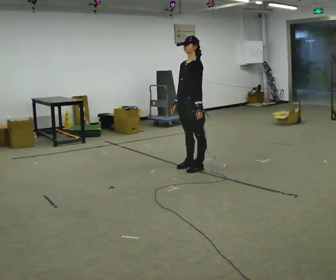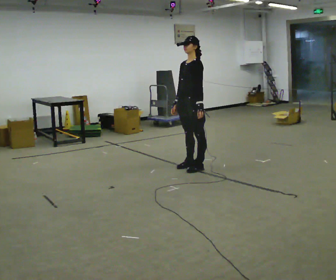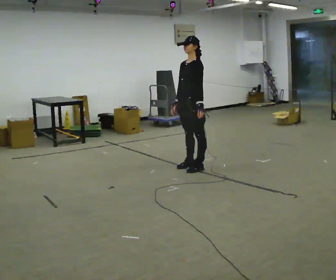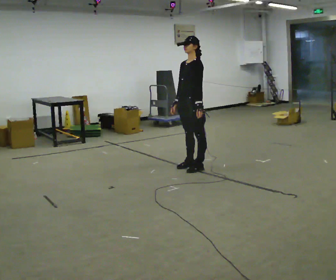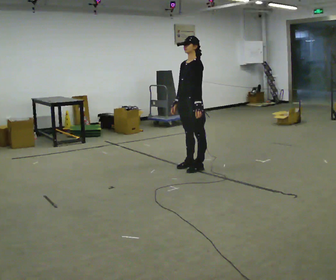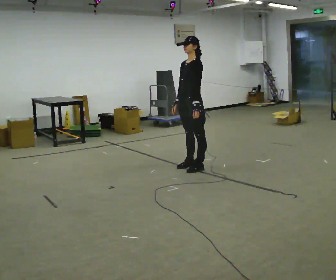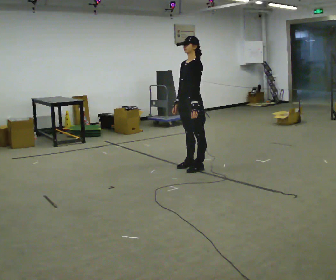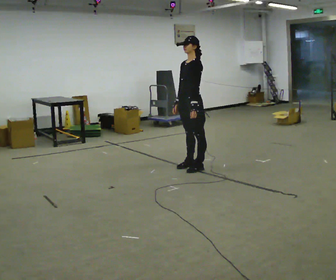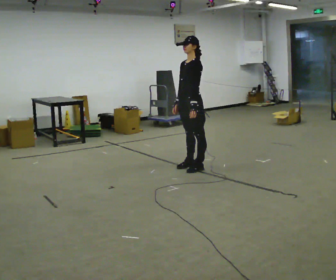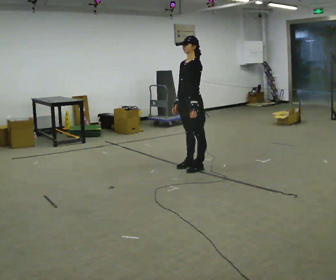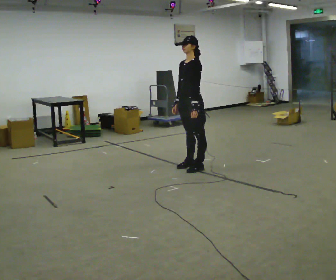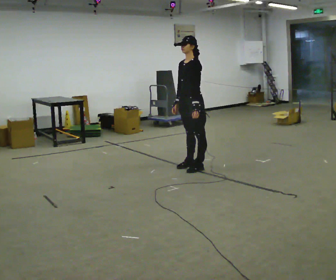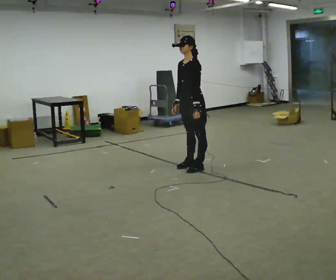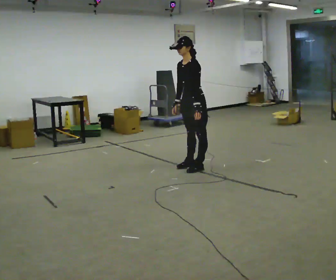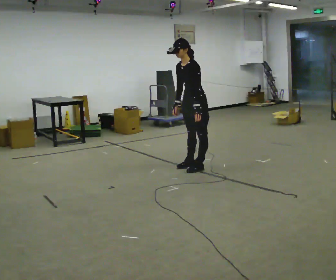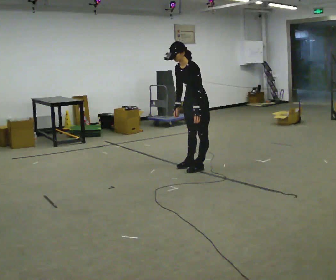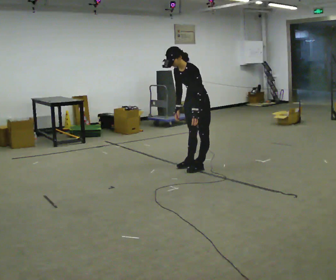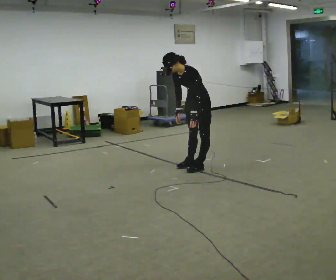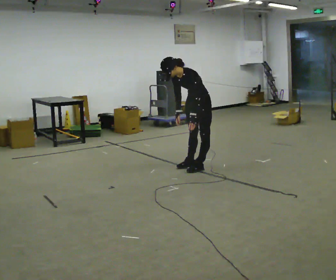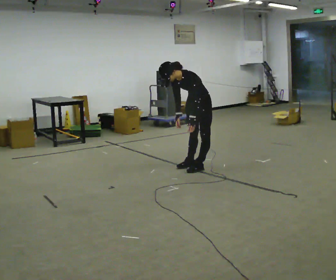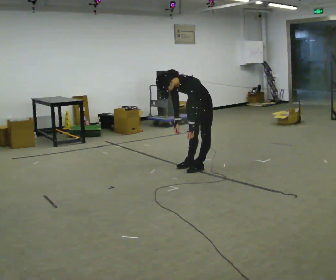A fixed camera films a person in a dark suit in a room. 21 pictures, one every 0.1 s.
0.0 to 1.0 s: The person moves a little, or ends about where they began.
1.0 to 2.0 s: The shoulders move downward. In the picture the upper body tilts counterclockwise, shoulders to the left, as they bend forward.
The film runs forward here.
